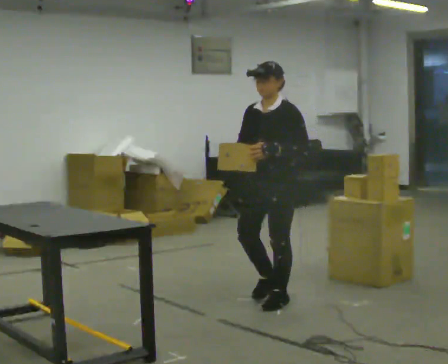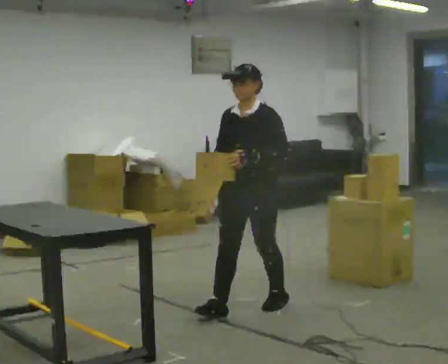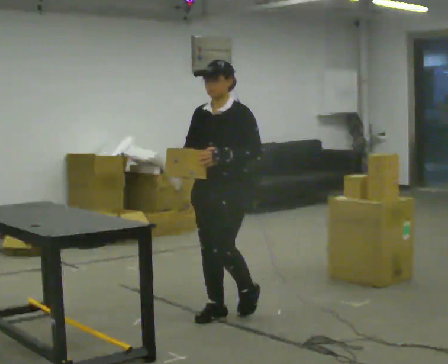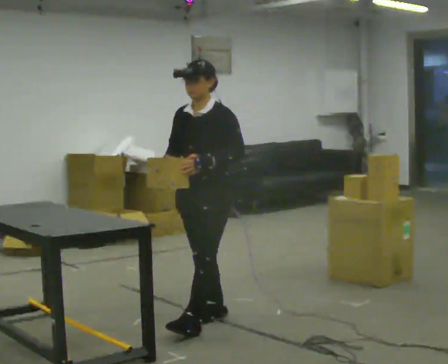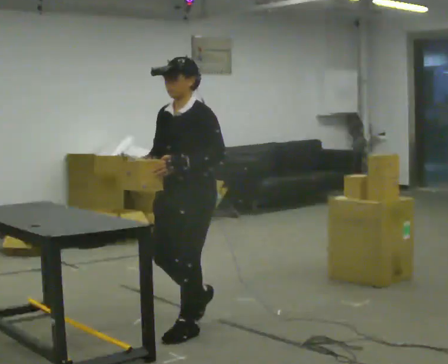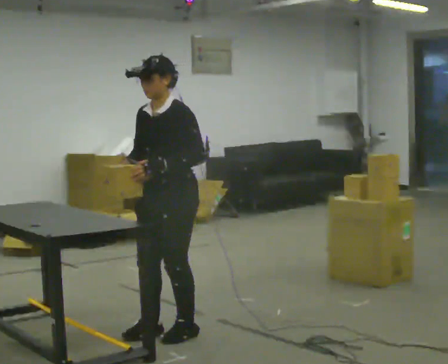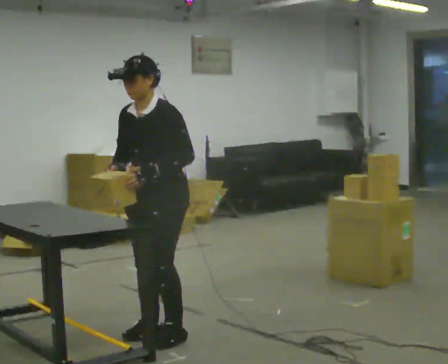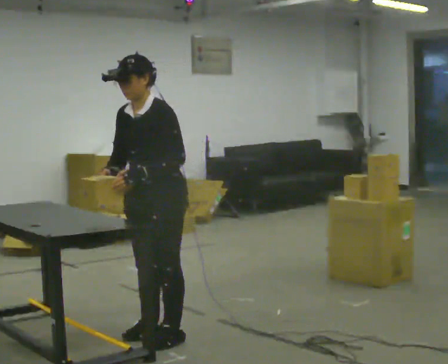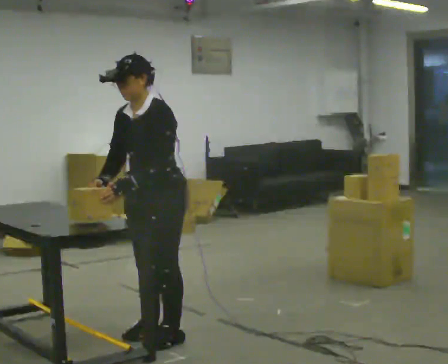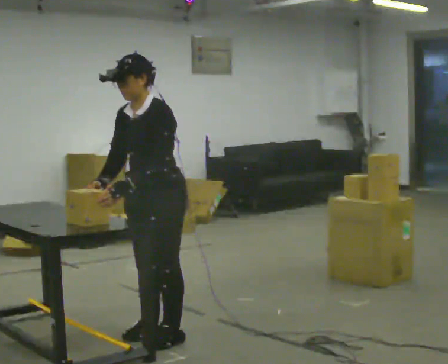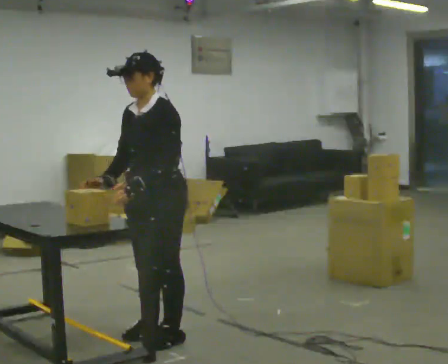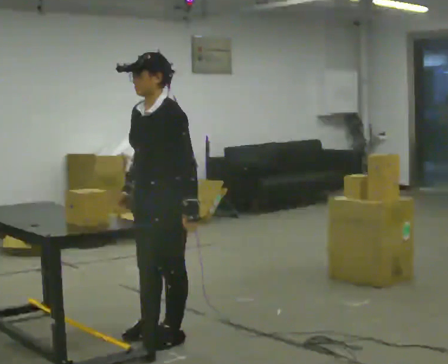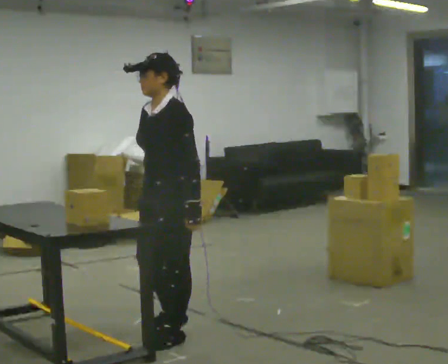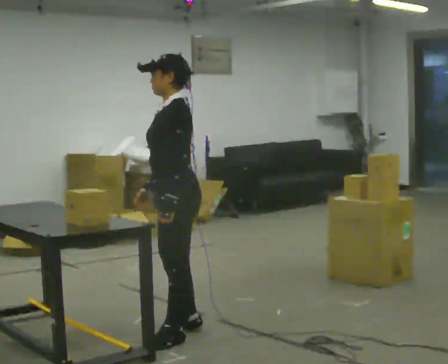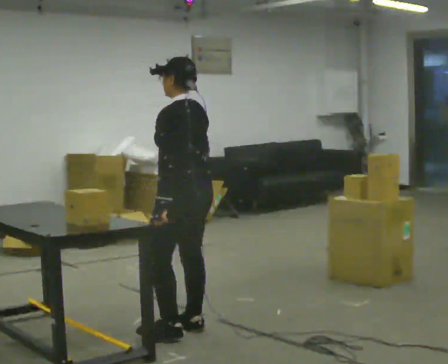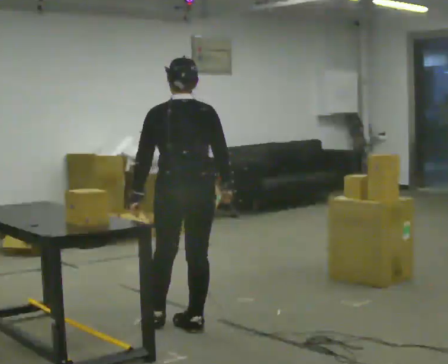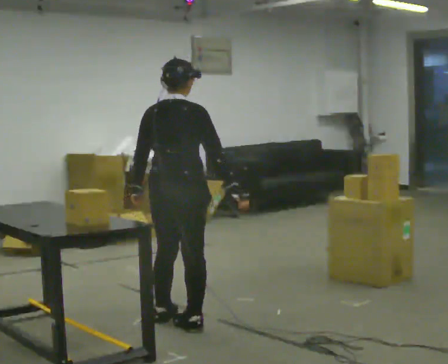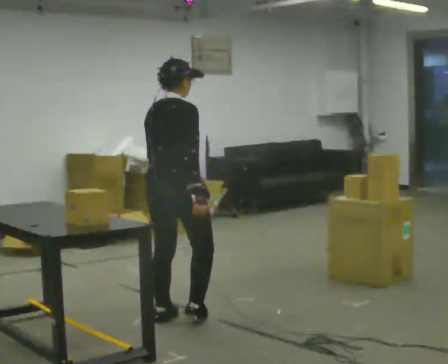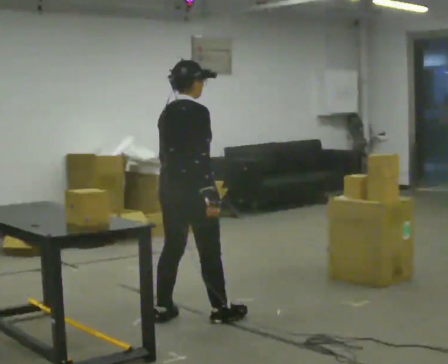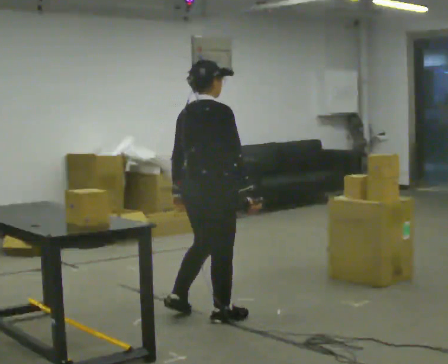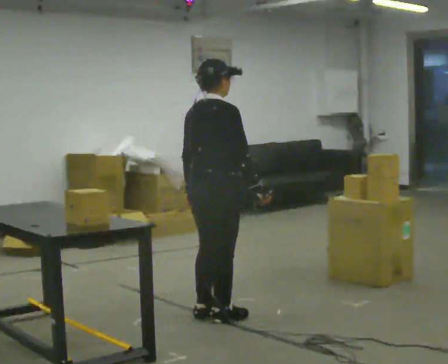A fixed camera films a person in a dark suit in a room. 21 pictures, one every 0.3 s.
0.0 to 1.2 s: In the picture they go to the left and toward the camera, about 1 m in 2 steps, which for them is forward.
1.2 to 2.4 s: In the picture they go to the left and toward the camera, about 0.25 m in 1 step, which for them is forward.
2.4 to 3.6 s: The person moves a little, or ends about where they began.
3.6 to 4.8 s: Seen from above the body turns clockwise, about 135 degrees: to their right, with its near side sliding to the left. In the picture they go away from the camera, about 0.25 m in 2 steps.
4.8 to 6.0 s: The person turns about 30 degrees to their right, clockwise seen from above, so the part of the body nearest the lens slides to the left. In the picture they go to the right, about 0.25 m in 2 steps, which for them is forward. In the picture their left hand goes to the right.
The film runs forward here.
